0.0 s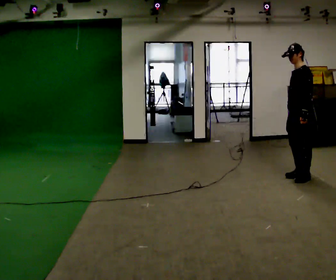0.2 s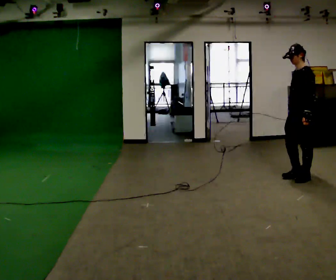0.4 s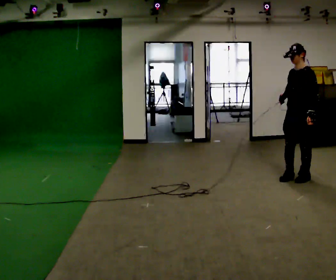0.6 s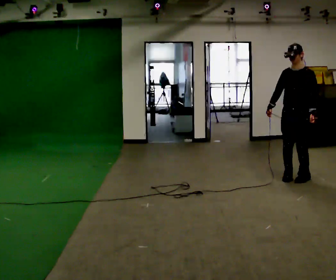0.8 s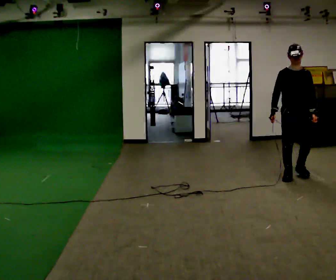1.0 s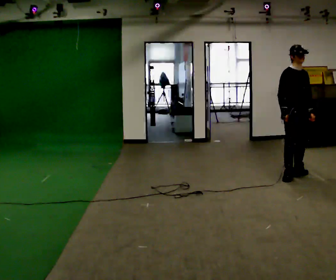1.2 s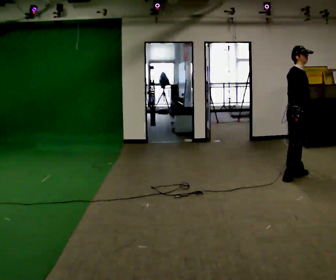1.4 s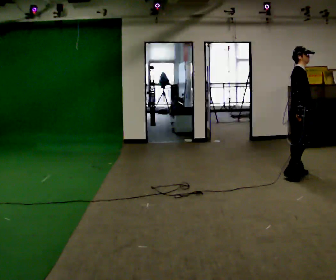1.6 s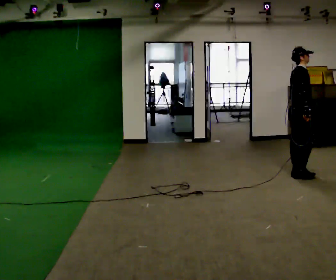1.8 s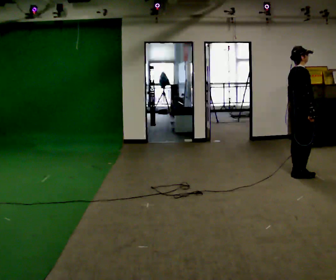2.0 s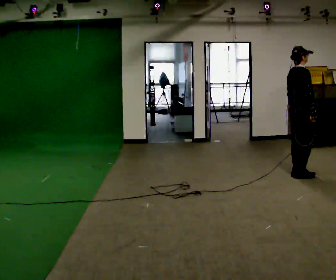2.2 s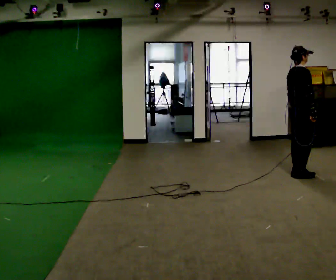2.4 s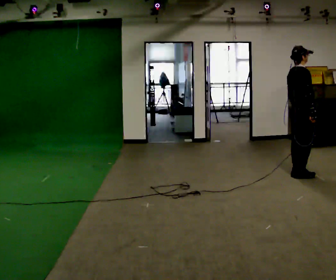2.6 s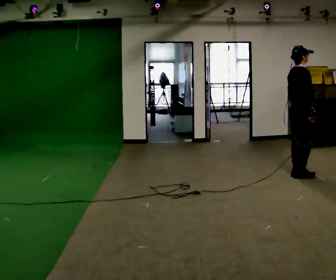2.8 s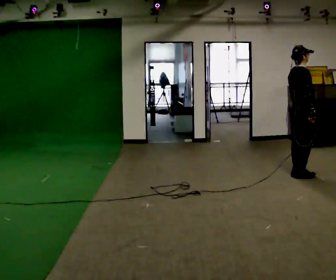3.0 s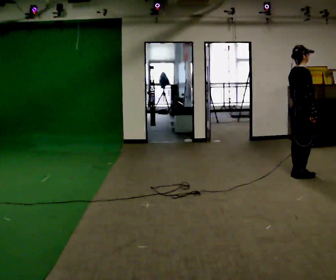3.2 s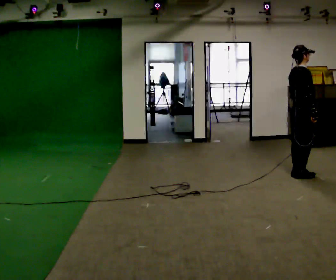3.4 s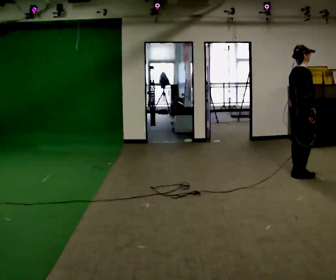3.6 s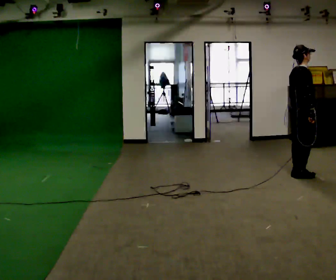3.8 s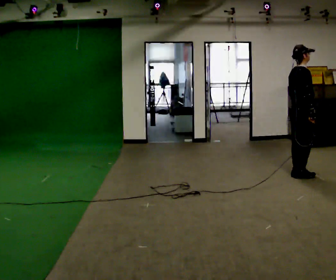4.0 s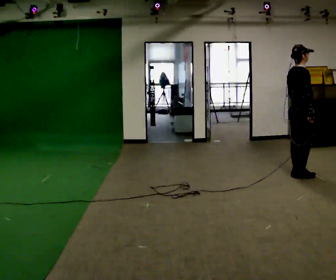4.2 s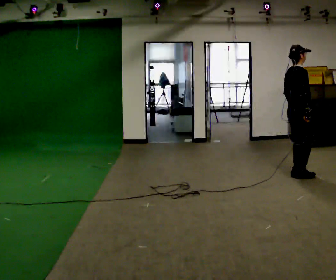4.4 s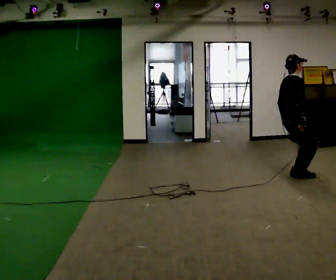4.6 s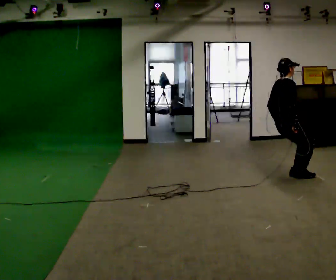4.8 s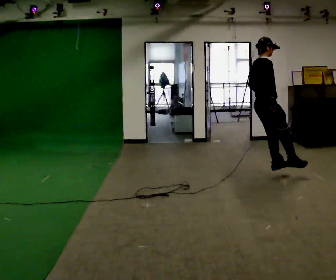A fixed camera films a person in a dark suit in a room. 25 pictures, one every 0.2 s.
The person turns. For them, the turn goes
to their left.
The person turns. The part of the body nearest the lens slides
to the right.
0.0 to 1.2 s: Seen from above the body turns counterclockwise, about 135 degrees: to their left, with its near side sliding to the right.
1.2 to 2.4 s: The part of the body nearest the lens slides to the right as the person turns to their left by about 60 degrees.
2.4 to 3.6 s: The person moves a little, or ends about where they began.
3.6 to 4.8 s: In the picture they go to the left, about 0.5 m in 2 steps, which for them is backward.
The film runs backward here.
